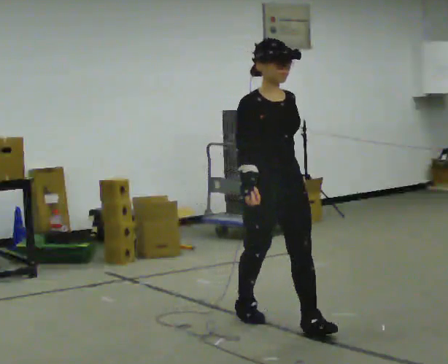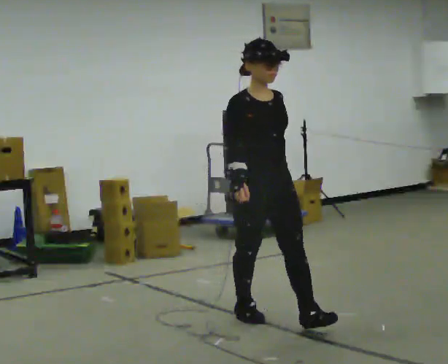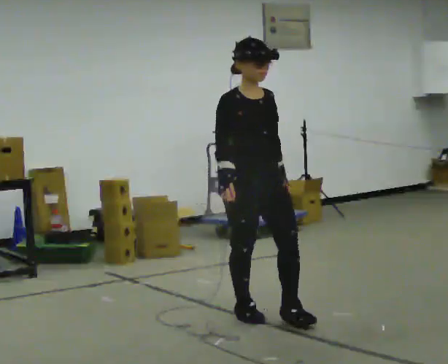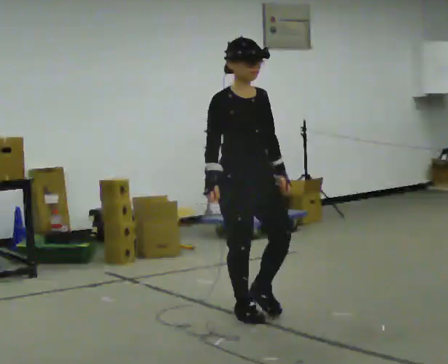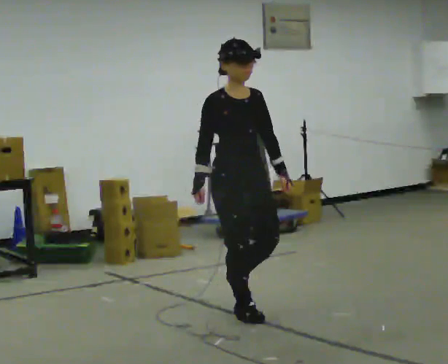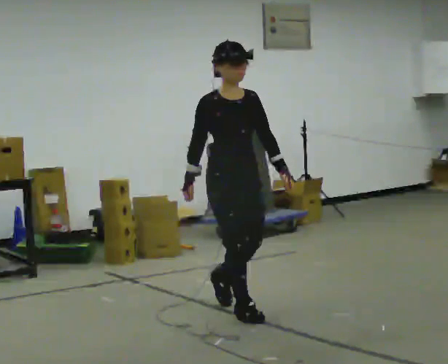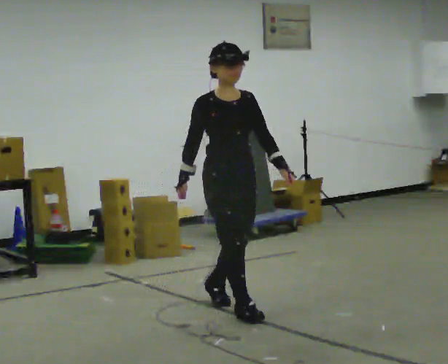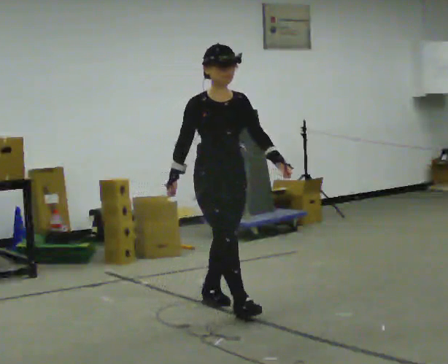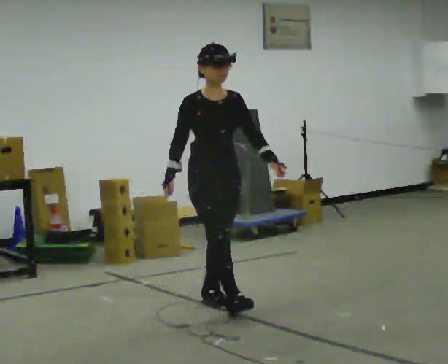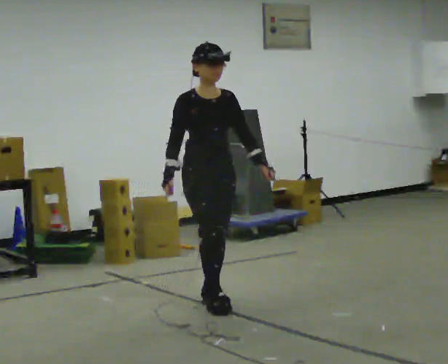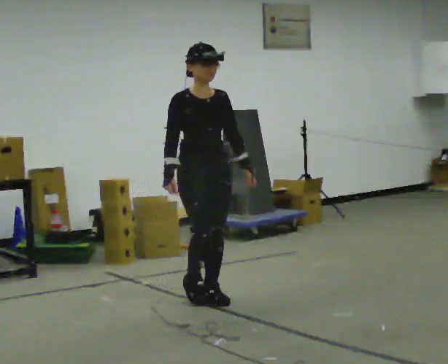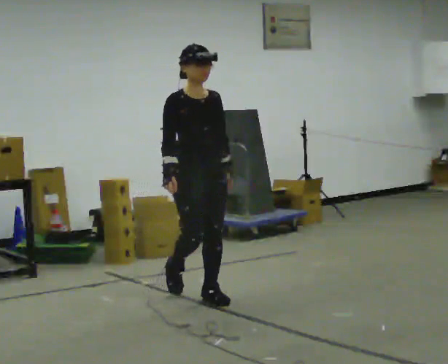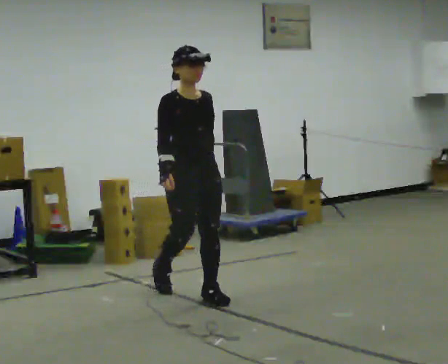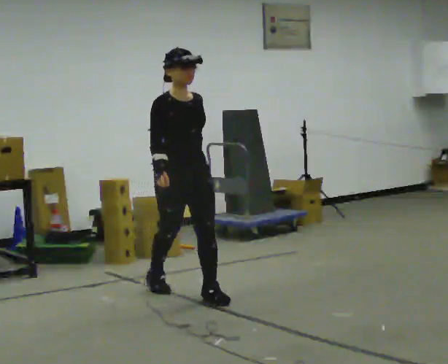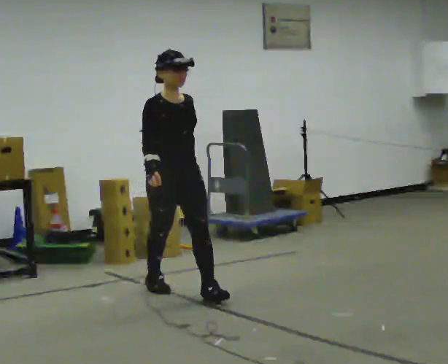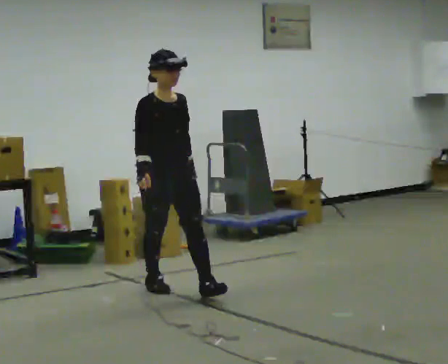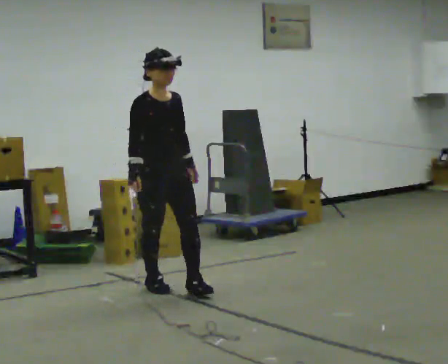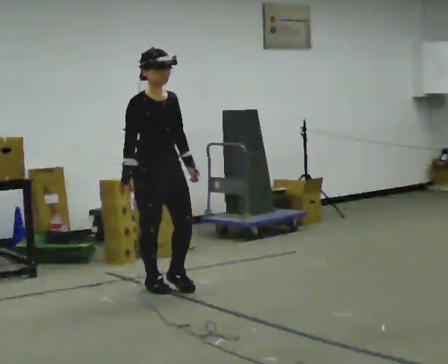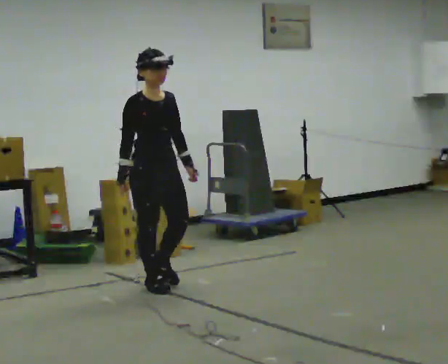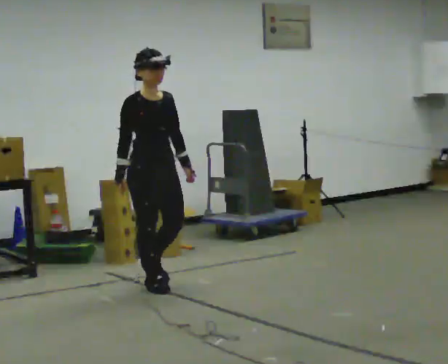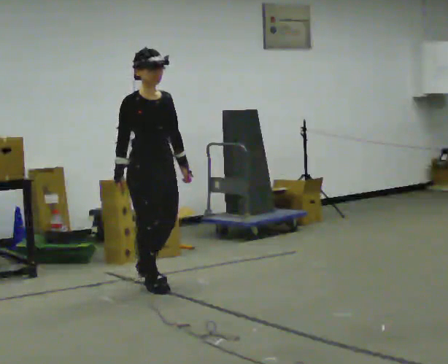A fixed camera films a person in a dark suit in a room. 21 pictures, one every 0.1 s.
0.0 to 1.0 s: In the picture they go away from the camera and to the left, about 1 m in 2 steps, which for them is backward.
1.0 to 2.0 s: In the picture they go away from the camera and to the left, about 0.5 m in 1 step, which for them is backward.
The film runs backward here.
